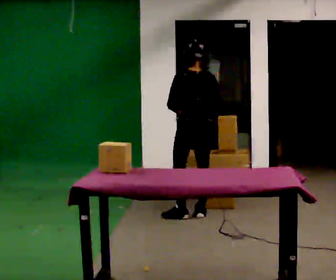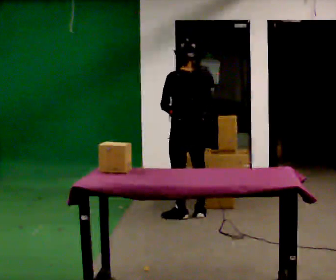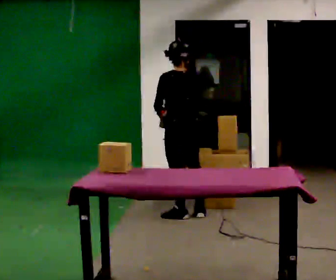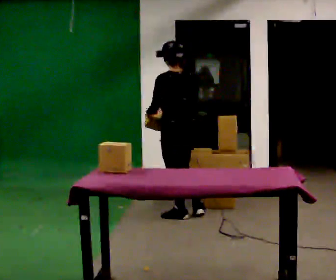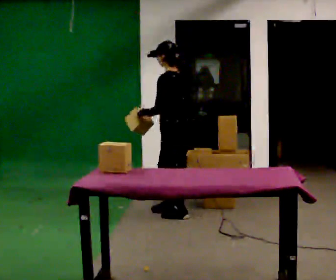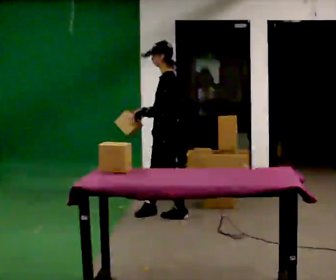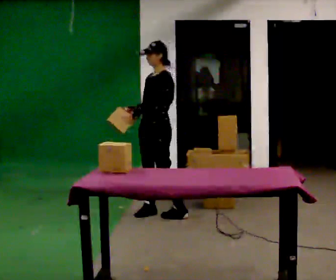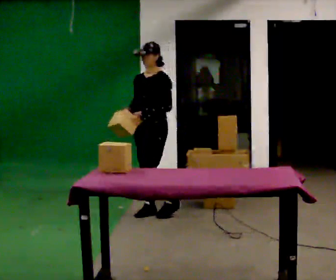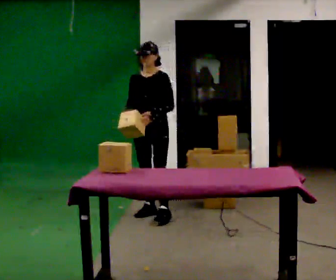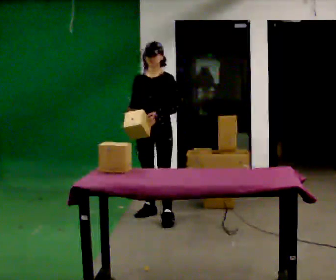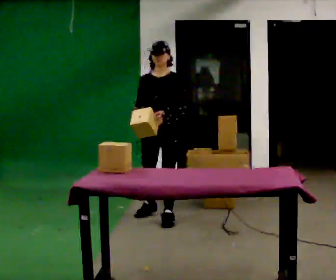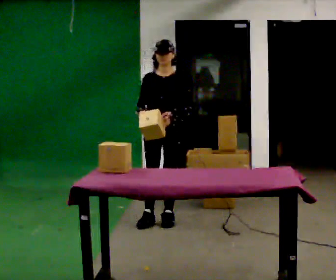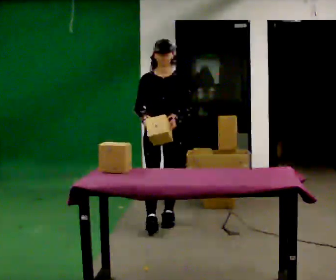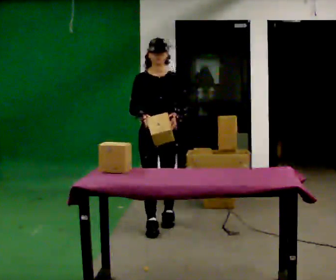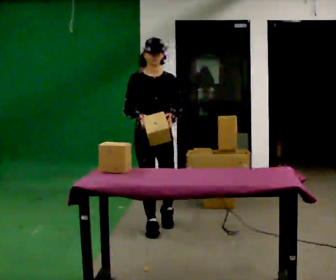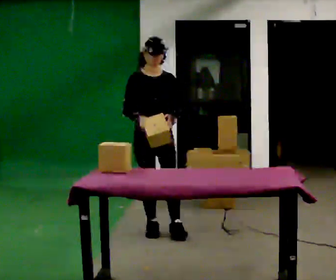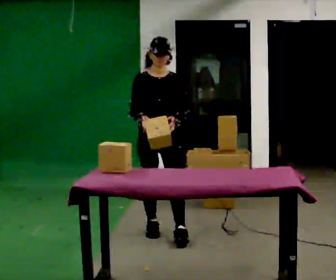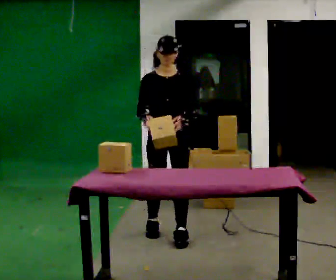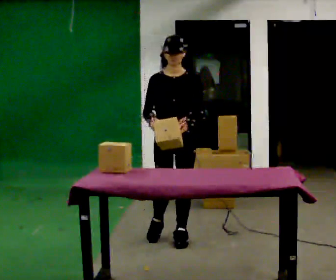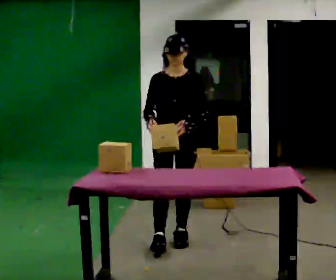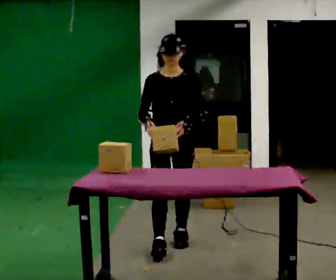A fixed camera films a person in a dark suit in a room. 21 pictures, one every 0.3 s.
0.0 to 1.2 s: The part of the body nearest the lens slides to the right as the person turns to their left by about 45 degrees. In the picture they go to the left, about 0.25 m, which for them is to their left. In the picture their left hand goes to the left.
1.2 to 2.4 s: The person turns about 90 degrees to their left, counterclockwise seen from above, so the part of the body nearest the lens slides to the right. In the picture they go to the left, about 0.25 m in 1 step.
2.4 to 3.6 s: In the picture they go toward the camera, about 0.25 m in 2 steps, which for them is forward and to their left.
3.6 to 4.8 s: In the picture they go toward the camera, about 0.5 m in 1 step, which for them is forward.
4.8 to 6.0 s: In the picture they go toward the camera, about 0.25 m in 1 step, which for them is forward and to their left.
The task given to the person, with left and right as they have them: Carry the box over and put it on the shelf with the label facing out towards you. Get the orientation right, not just the position. Keep going until the operator says stop; one object at a time, and do not rush between trips.
The film runs forward here.
